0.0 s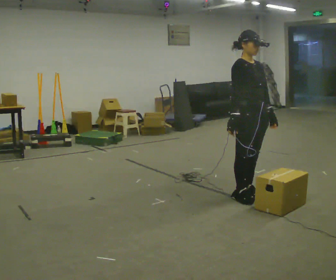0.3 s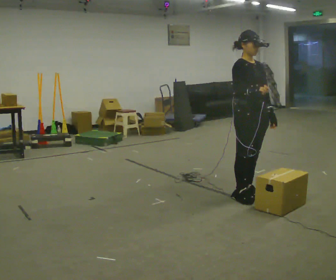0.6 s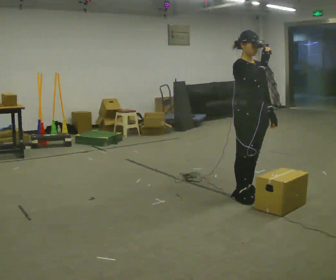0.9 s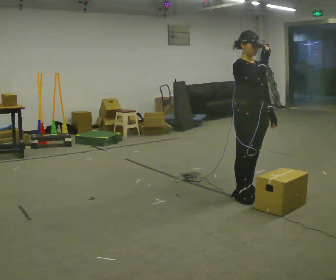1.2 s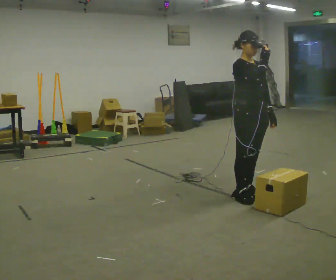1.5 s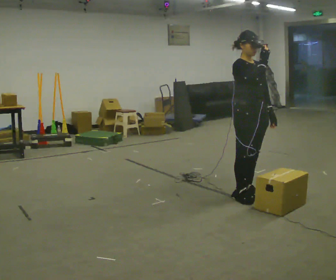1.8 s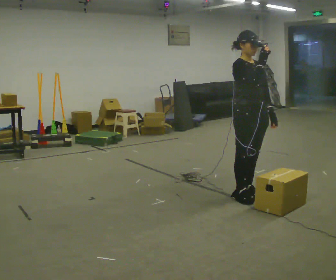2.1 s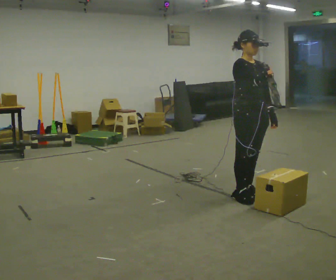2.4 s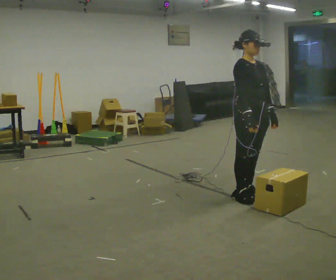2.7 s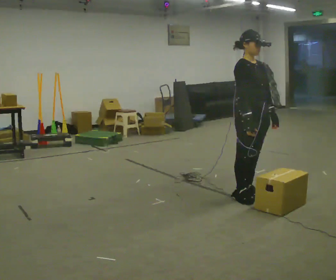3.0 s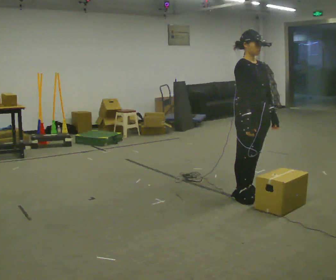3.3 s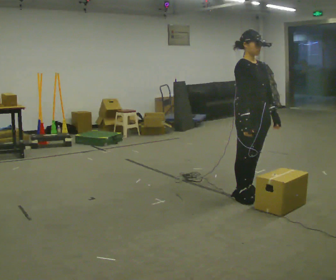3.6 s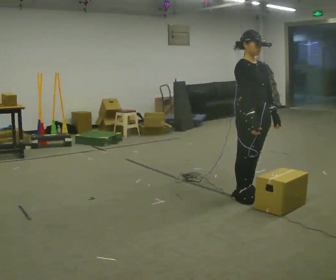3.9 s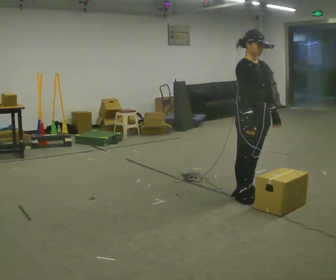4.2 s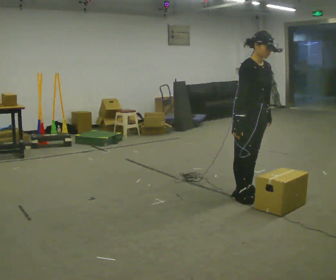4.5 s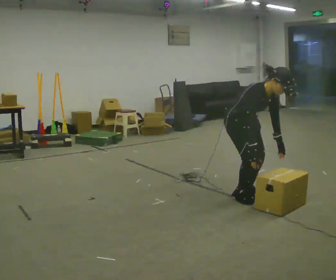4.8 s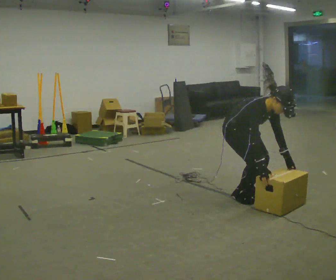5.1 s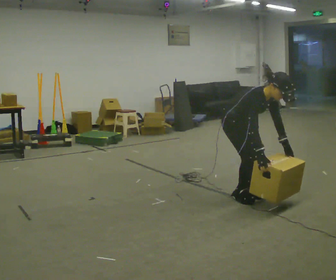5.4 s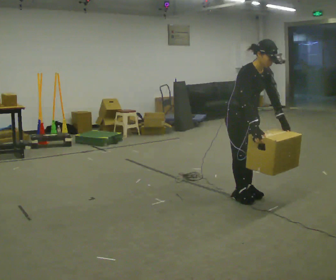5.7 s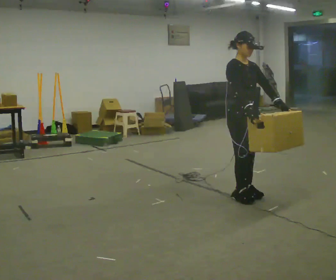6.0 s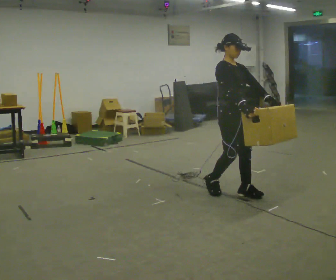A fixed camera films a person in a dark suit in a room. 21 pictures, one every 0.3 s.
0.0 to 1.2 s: In the picture their right hand goes upward and to the right.
1.2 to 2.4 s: In the picture their right hand goes downward.
2.4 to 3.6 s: The person moves a little, or ends about where they began.
3.6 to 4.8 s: The shoulders move downward. In the picture the upper body tilts clockwise, shoulders to the right, as they bend forward. In the picture their right hand goes downward.
4.8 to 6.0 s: The upper body goes upward. In the picture the upper body tilts counterclockwise, shoulders to the left, as they lean back or straighten. In the picture their right hand goes upward.
The film runs backward here.
